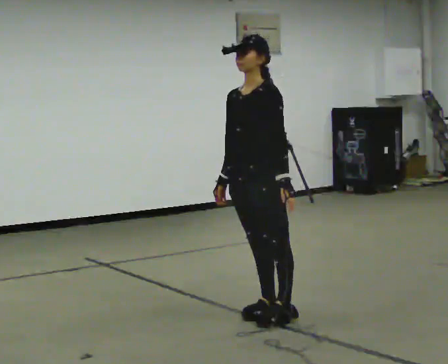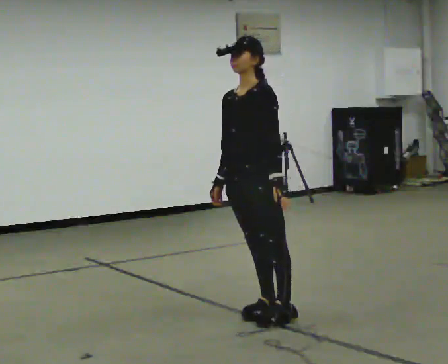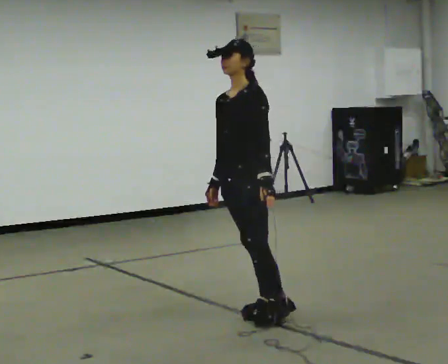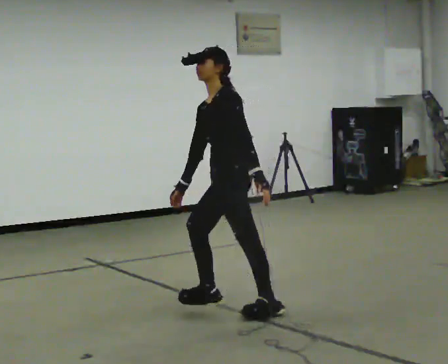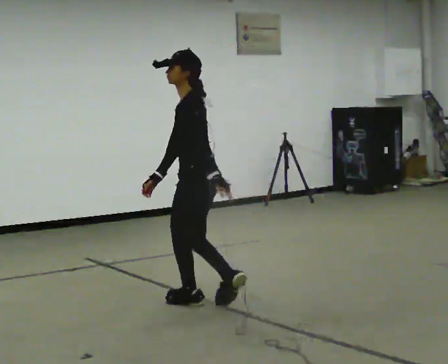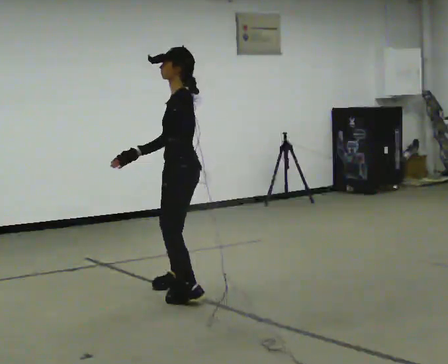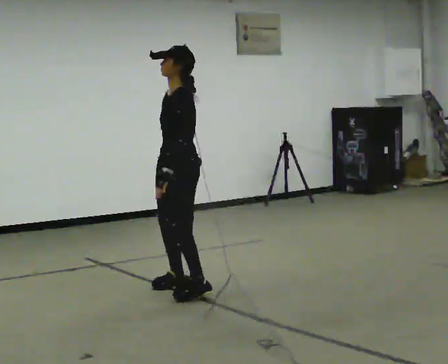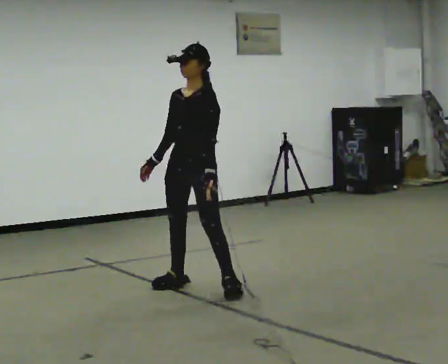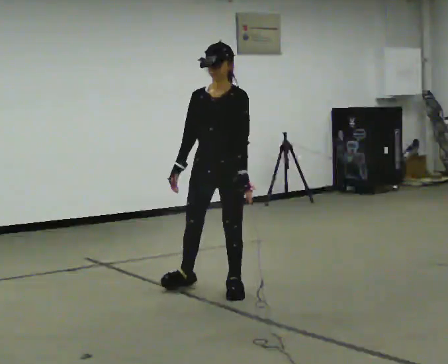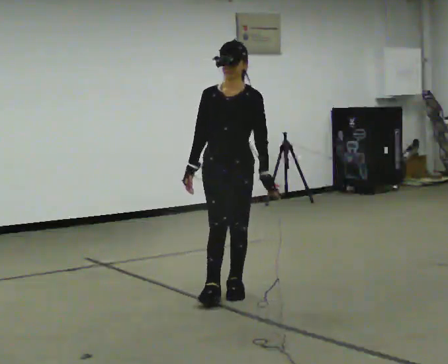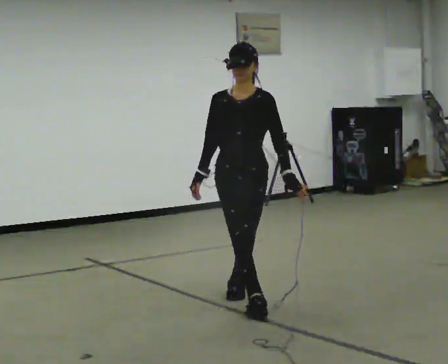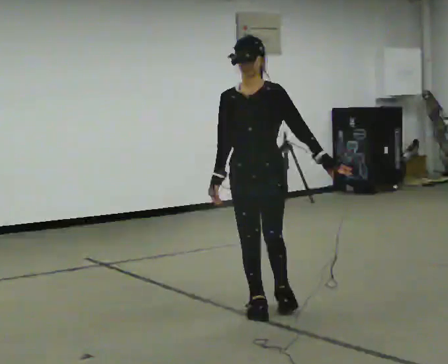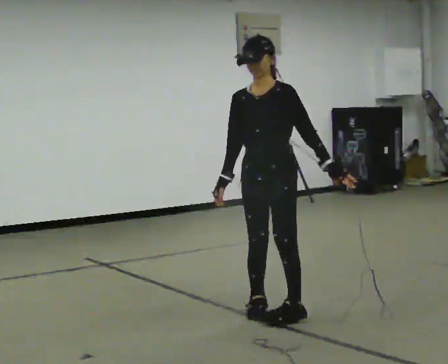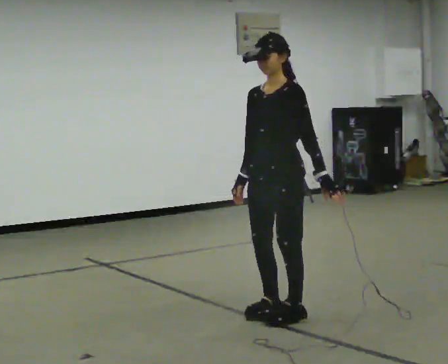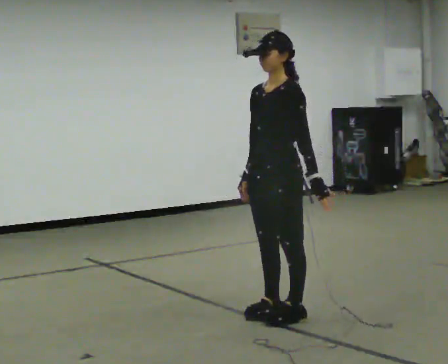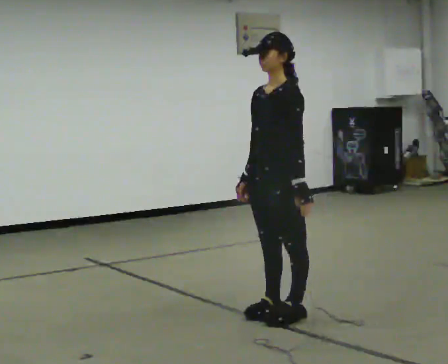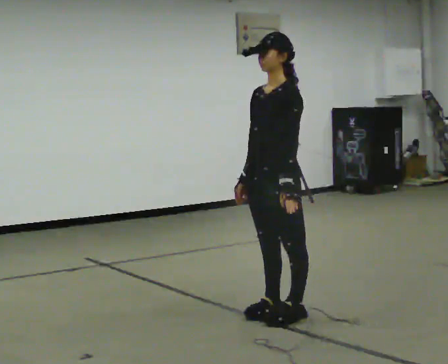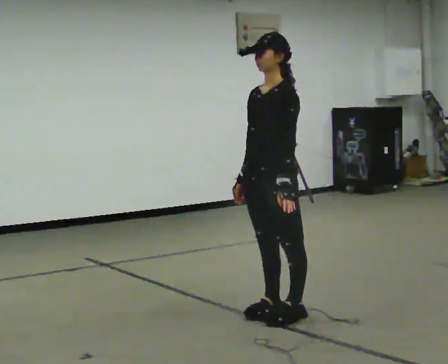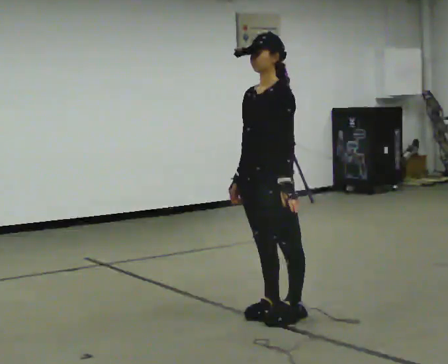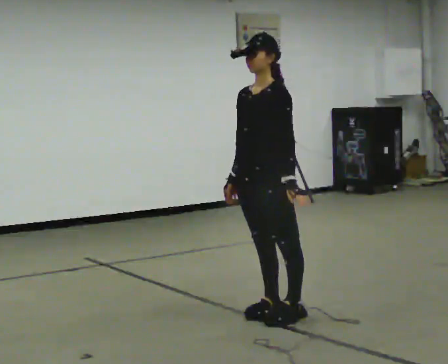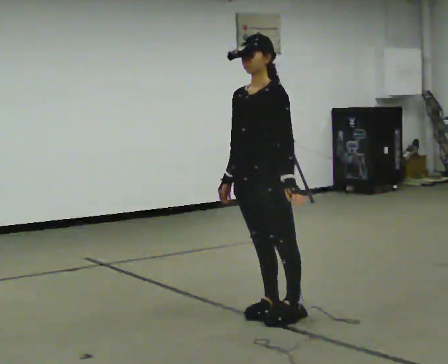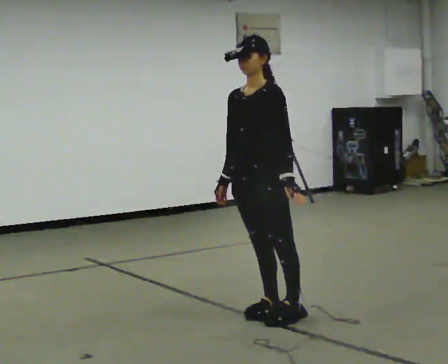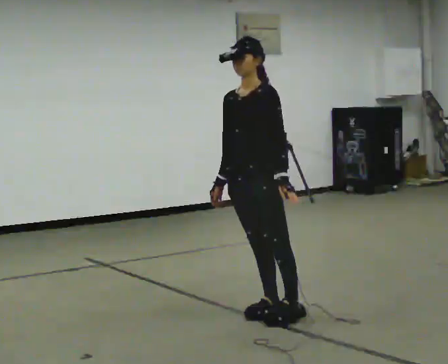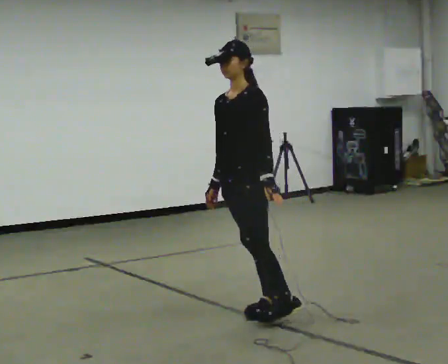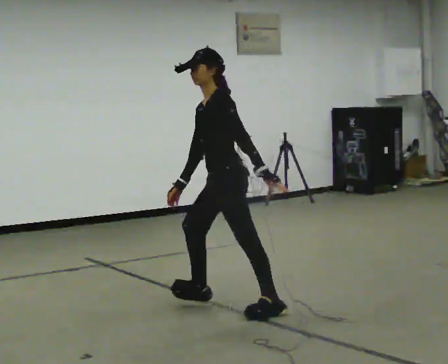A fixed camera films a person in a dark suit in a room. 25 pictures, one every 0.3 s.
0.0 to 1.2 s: The person turns about 60 degrees to their right, clockwise seen from above, so the part of the body nearest the lens slides to the left. In the picture they go to the left and away from the camera, about 0.5 m in 1 step, which for them is to their right.
1.2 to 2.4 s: The person turns about 90 degrees to their left, counterclockwise seen from above, so the part of the body nearest the lens slides to the right. In the picture they go away from the camera, about 0.25 m in 2 steps.
2.4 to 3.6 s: In the picture they go toward the camera and to the right, about 0.75 m in 2 steps, which for them is forward and to their left.
3.6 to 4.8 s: The person turns about 30 degrees to their right, clockwise seen from above, so the part of the body nearest the lens slides to the left.
4.8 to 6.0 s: The person moves a little, or ends about where they began.
6.0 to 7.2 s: Seen from above the body turns clockwise, about 45 degrees: to their right, with its near side sliding to the left. In the picture they go to the left and away from the camera, about 0.25 m, which for them is to their right.
The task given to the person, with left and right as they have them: Stand on the marked spots. Lean to the side the operator calls until you cannot hold it, then step to catch yourself. Return to the spots. Repeat at your own pace until the operator says stop. Go slowly and only as far as you are comfortable. Step whenever you need to; do not try to hold on longer than feels safe.
The film runs forward here.
